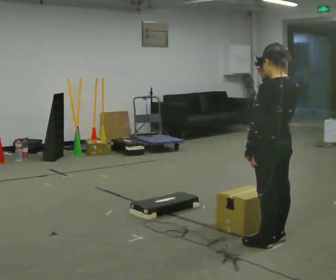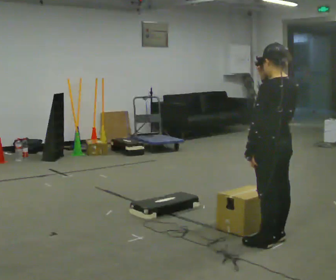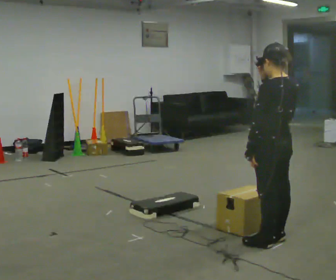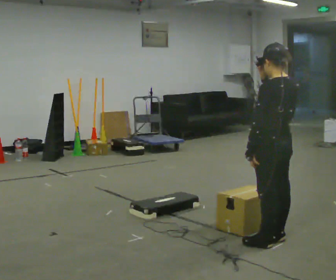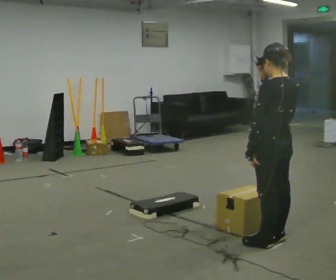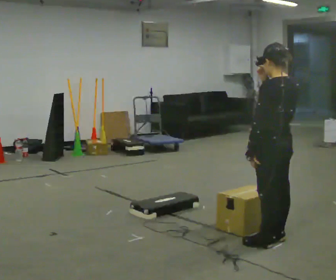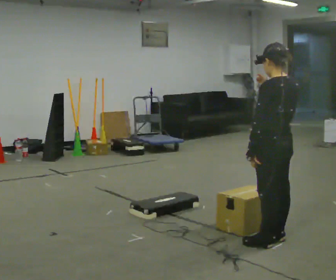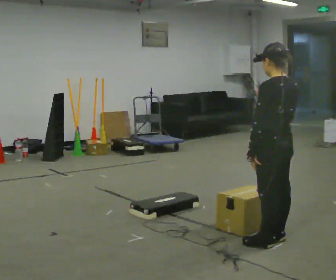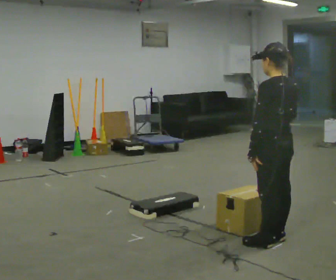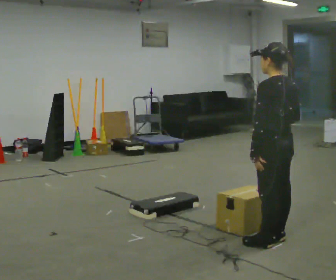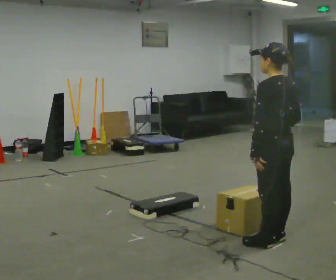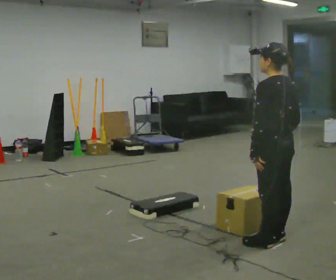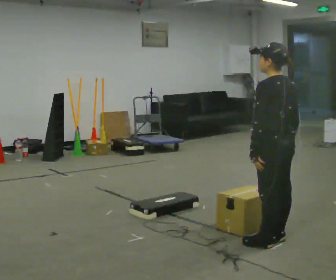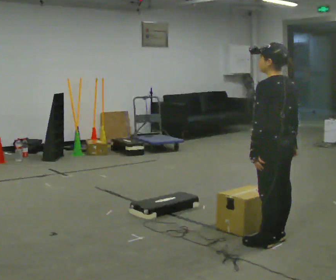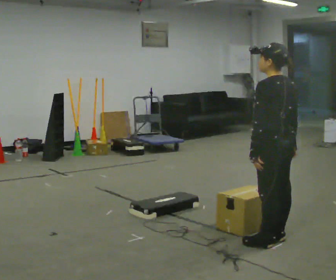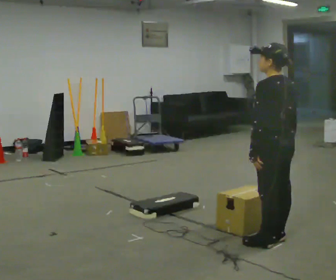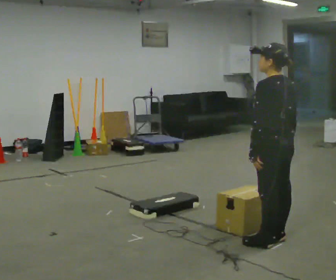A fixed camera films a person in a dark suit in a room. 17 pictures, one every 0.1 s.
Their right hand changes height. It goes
downward.
0.0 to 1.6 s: In the picture their right hand goes downward.
The film runs forward here.
